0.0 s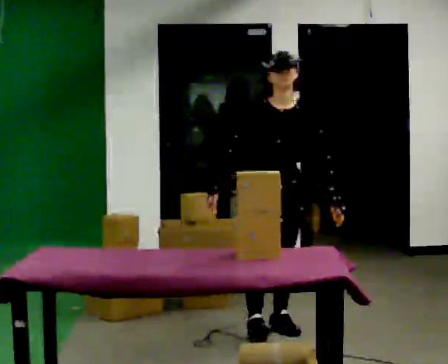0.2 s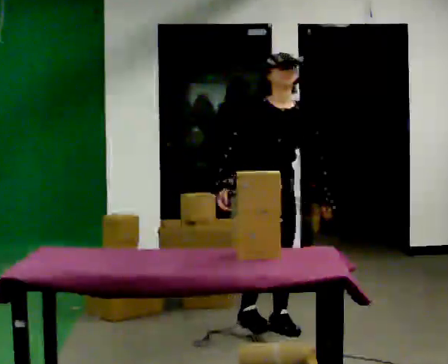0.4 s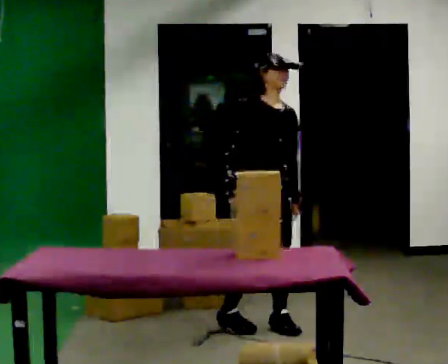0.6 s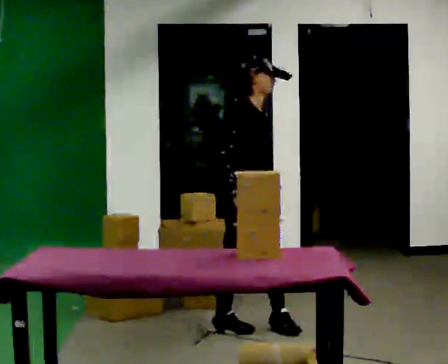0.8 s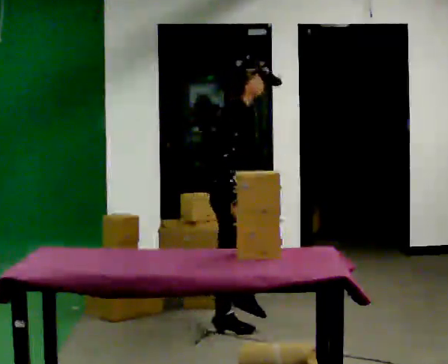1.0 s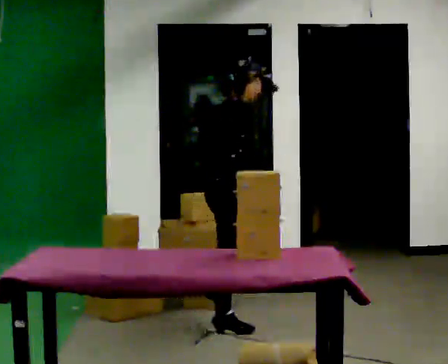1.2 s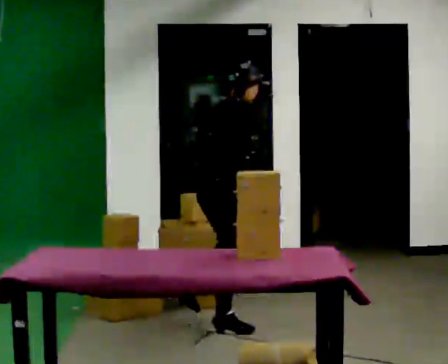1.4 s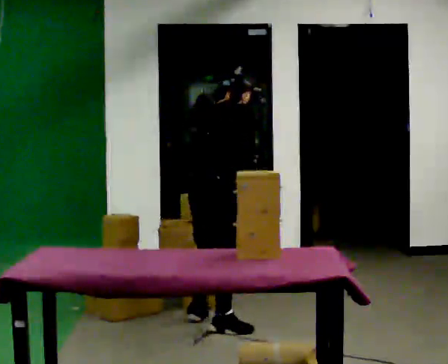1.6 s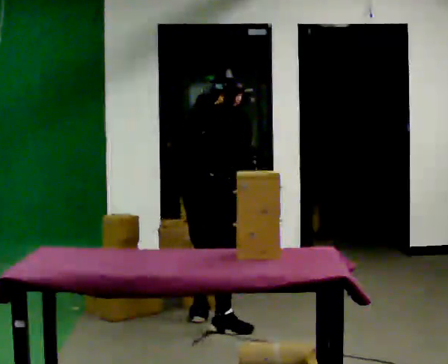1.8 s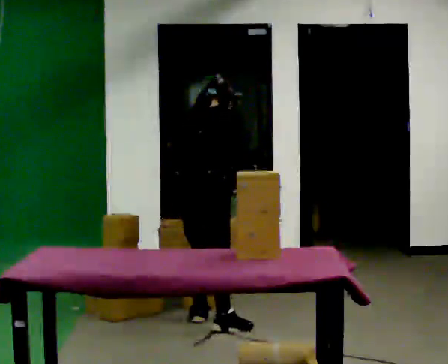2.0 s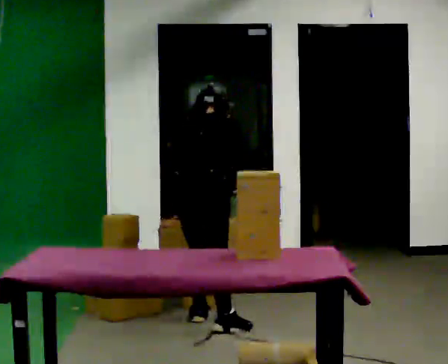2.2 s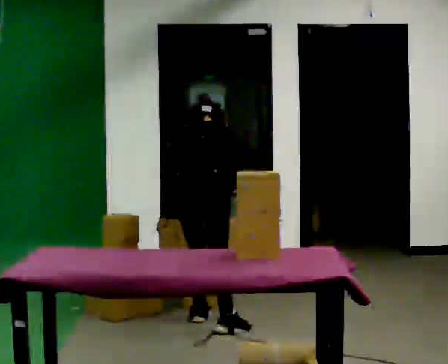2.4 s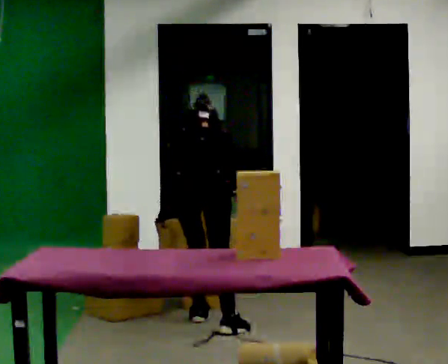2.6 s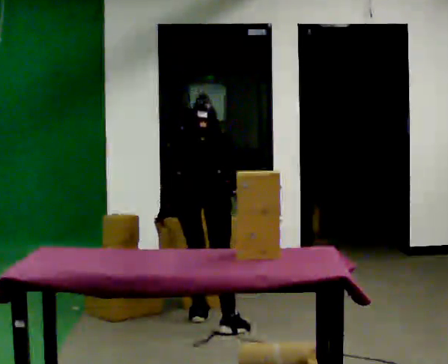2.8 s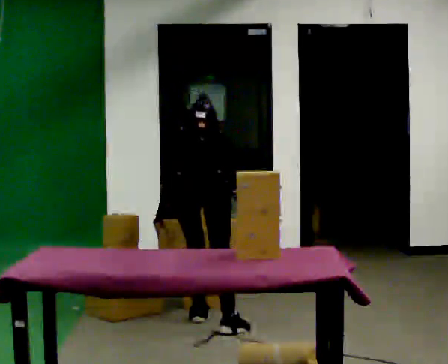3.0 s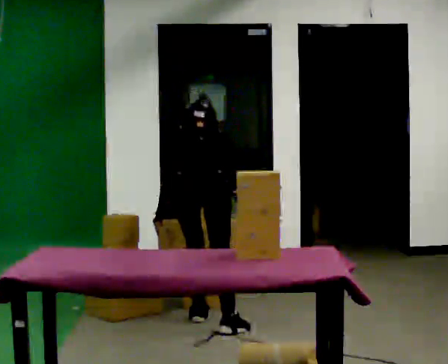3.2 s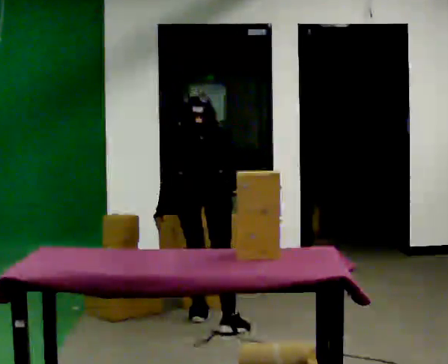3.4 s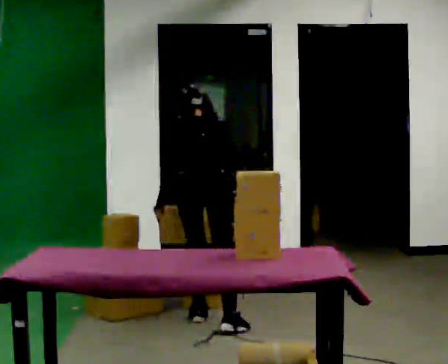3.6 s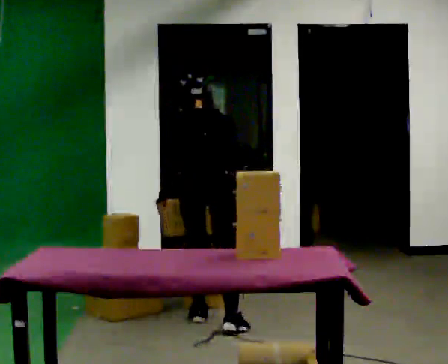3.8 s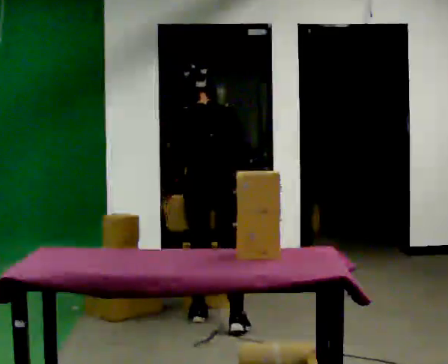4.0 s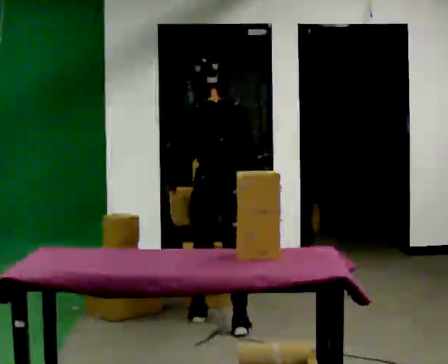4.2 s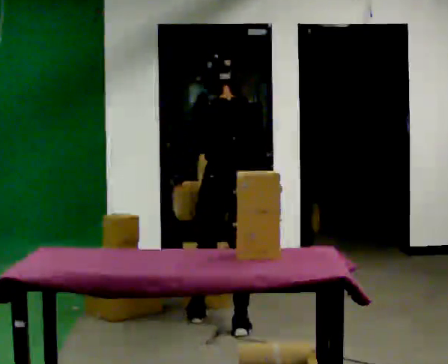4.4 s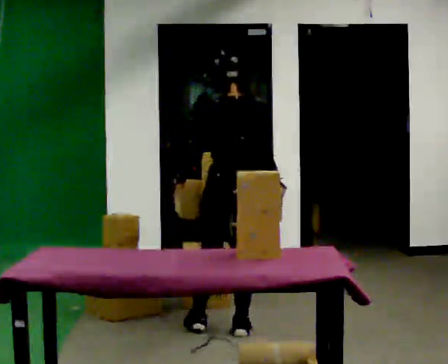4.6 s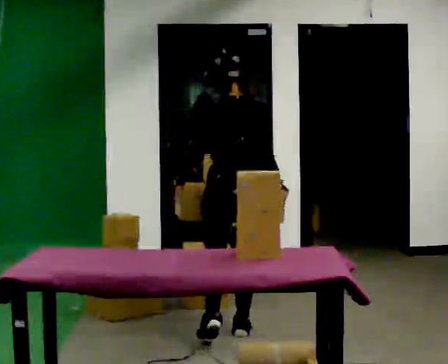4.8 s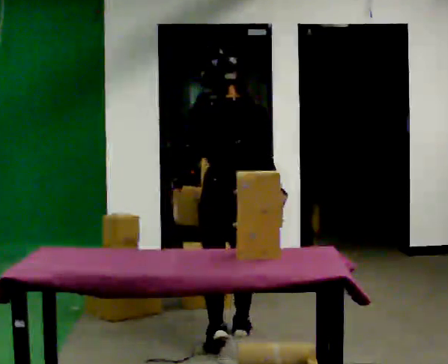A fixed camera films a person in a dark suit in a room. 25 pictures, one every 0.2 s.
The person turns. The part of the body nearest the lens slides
to the right.
The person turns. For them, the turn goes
to their left.
0.0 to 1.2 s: The person turns about 105 degrees to their left, counterclockwise seen from above, so the part of the body nearest the lens slides to the right. In the picture they go to the left, about 0.25 m in 1 step.
1.2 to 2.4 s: The person turns about 60 degrees to their left, counterclockwise seen from above, so the part of the body nearest the lens slides to the right. In the picture they go away from the camera, about 0.25 m, which for them is to their left. The shoulders move downward. The upper body tips away from the camera, its near side rolling upward, as they bend forward.
2.4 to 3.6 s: The upper body tips toward the camera, its near side rolling downward, as they lean back or straighten.
3.6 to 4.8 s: In the picture they go toward the camera and to the right, about 0.5 m in 1 step, which for them is backward. The upper body tips toward the camera, its near side rolling downward, as they lean back or straighten.
The film runs backward here.
